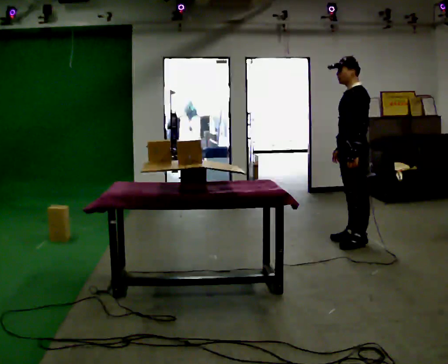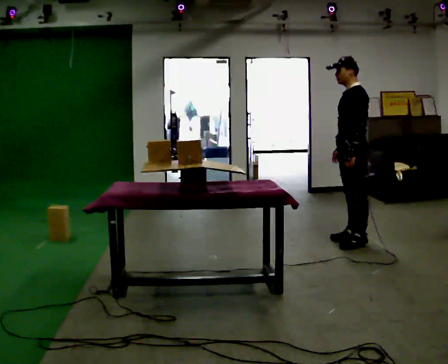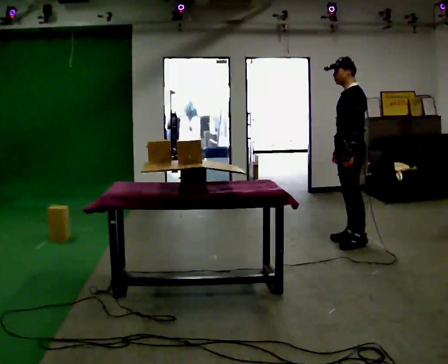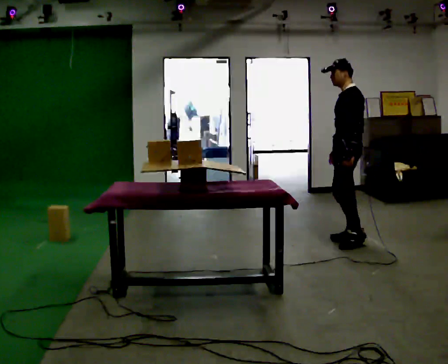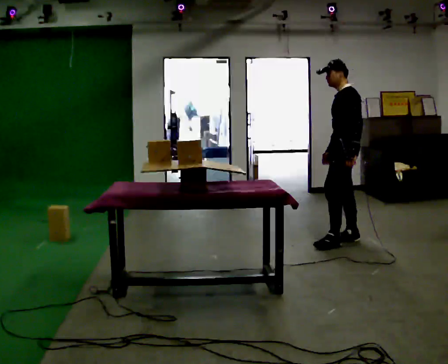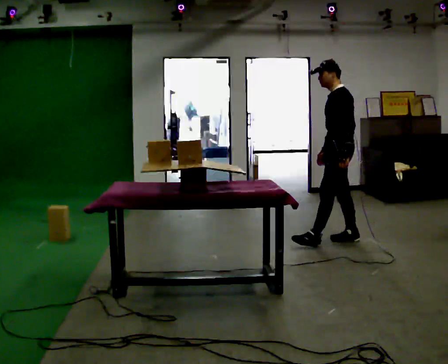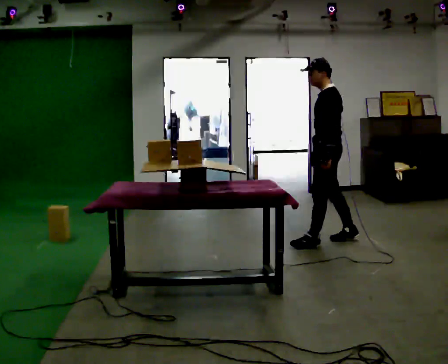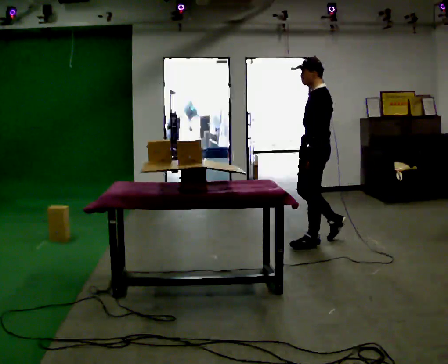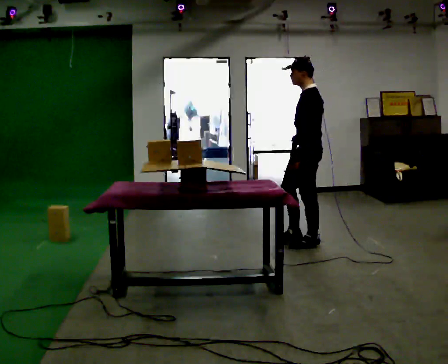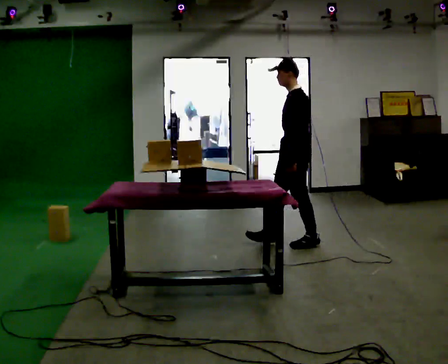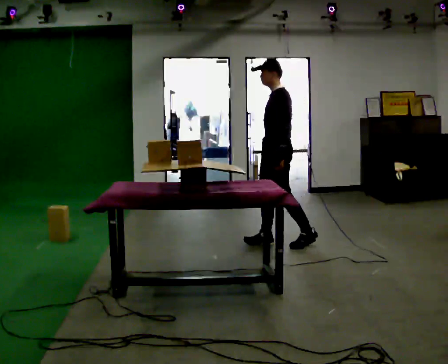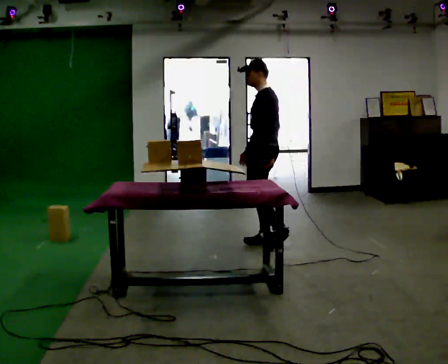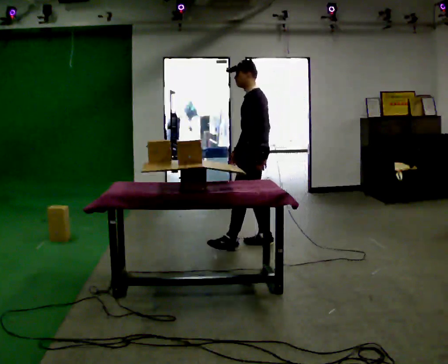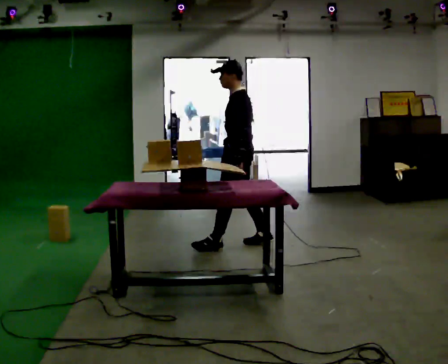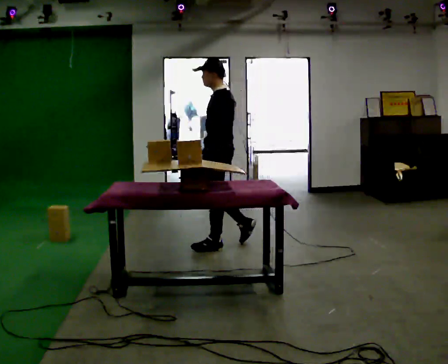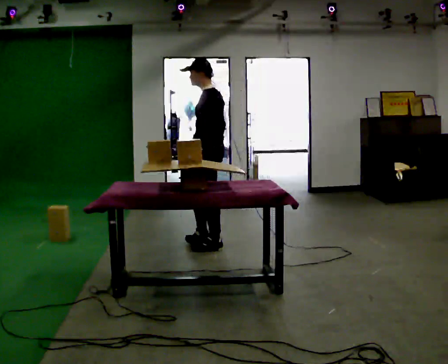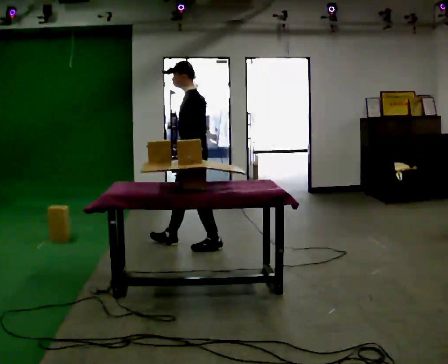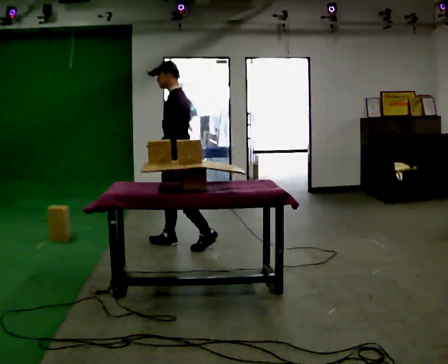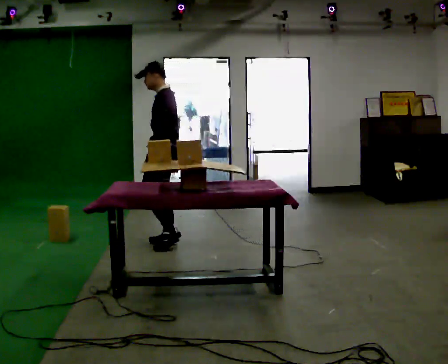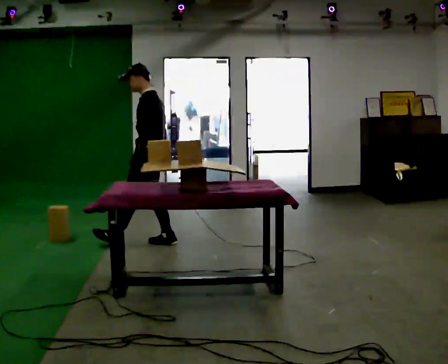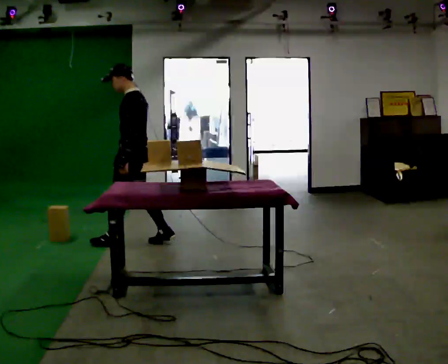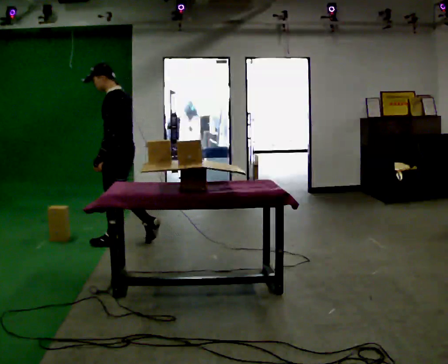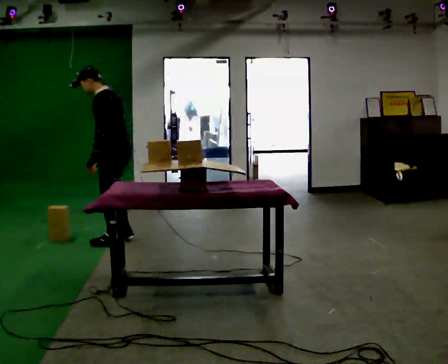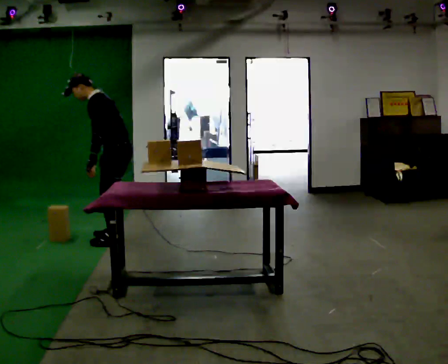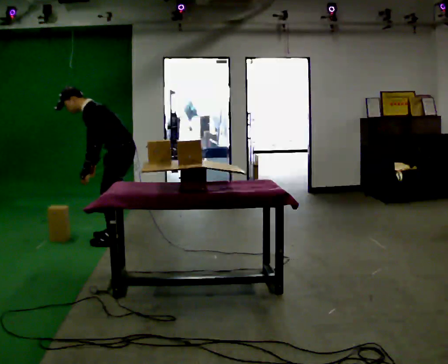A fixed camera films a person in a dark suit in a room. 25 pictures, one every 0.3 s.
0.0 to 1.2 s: The person moves a little, or ends about where they began.
1.2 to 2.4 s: In the picture they go to the left and toward the camera, about 0.5 m in 1 step, which for them is forward and to their left.
2.4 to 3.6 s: In the picture they go to the left, about 0.5 m in 1 step, which for them is forward.
3.6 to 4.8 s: In the picture they go to the left, about 0.5 m in 2 steps, which for them is forward.
4.8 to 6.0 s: In the picture they go to the left, about 0.5 m in 1 step, which for them is forward.
6.0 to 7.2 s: In the picture they go to the left, about 0.25 m in 1 step, which for them is forward. In the picture the upper body tilts counterclockwise, shoulders to the left, as they bend forward. In the picture their right hand goes to the left.
The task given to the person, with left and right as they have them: Carry the object over and set it down on the wobbly board without tipping it over. Keep going until the operator says stop; one object at a time, and do not rush between trips.
The film runs forward here.
